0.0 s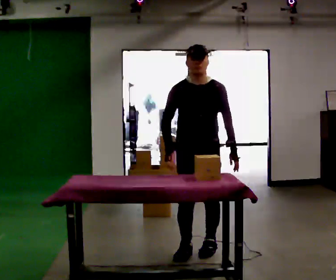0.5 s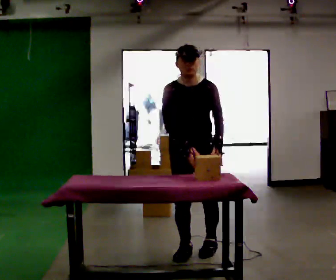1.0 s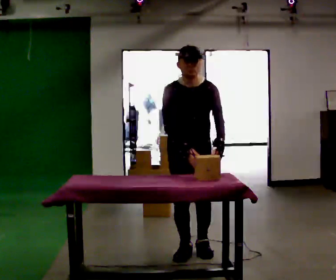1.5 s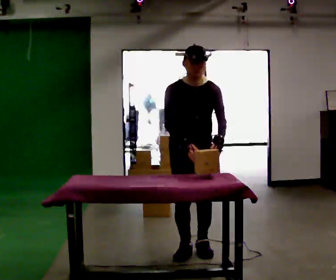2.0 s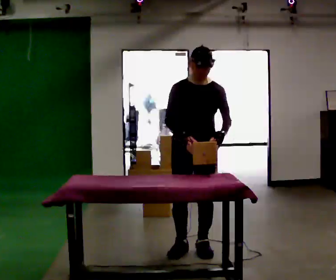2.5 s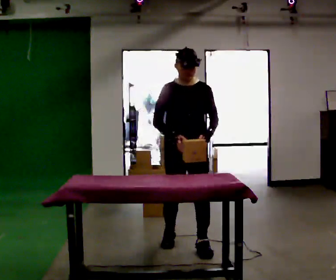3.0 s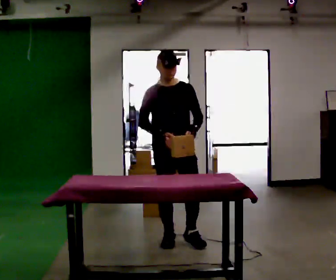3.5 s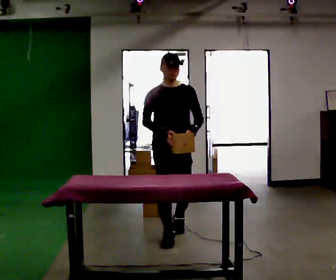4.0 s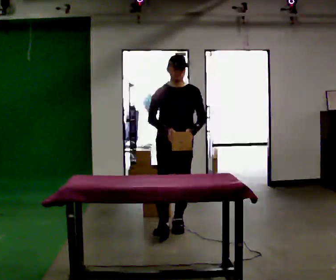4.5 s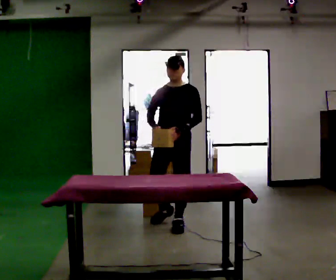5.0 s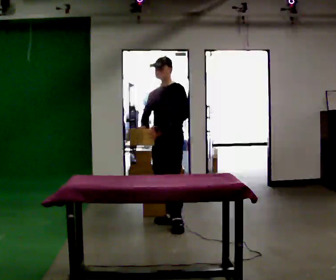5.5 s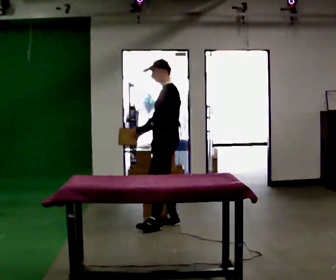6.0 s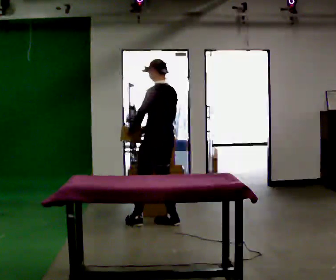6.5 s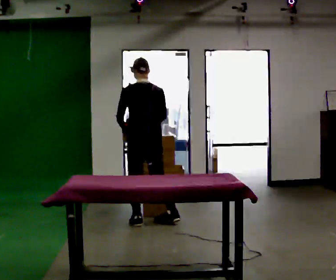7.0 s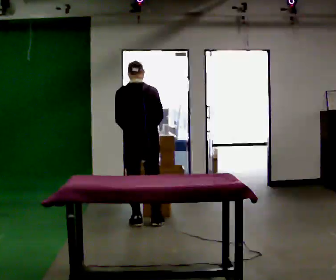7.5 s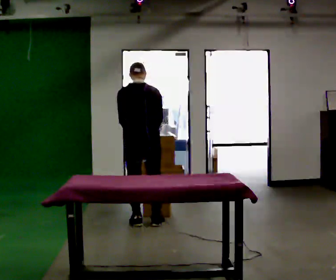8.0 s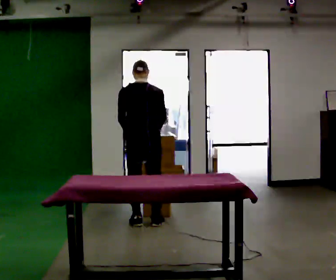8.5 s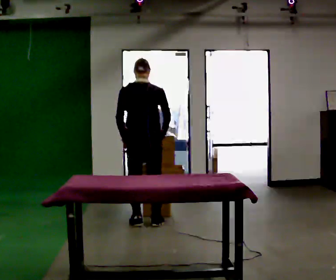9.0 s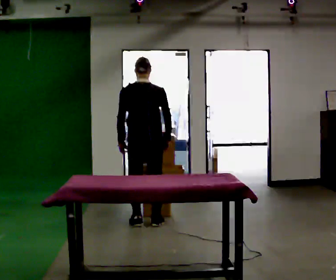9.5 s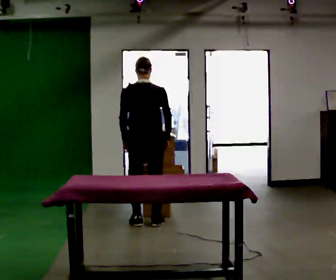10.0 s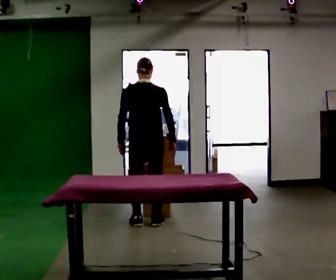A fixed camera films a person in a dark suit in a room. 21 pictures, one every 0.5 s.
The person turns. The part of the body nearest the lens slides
to the left.
The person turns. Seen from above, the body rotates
clockwise.
0.0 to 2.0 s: The person moves a little, or ends about where they began.
2.0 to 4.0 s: In the picture they go away from the camera, about 0.5 m in 2 steps, which for them is backward.
4.0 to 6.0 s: The part of the body nearest the lens slides to the left as the person turns to their right by about 120 degrees. In the picture they go away from the camera, about 0.25 m in 1 step.
6.0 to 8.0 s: Seen from above the body turns clockwise, about 60 degrees: to their right, with its near side sliding to the left. In the picture they go to the left, about 0.25 m in 1 step, which for them is to their left.
8.0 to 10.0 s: The person moves a little, or ends about where they began.
The film runs backward here.
